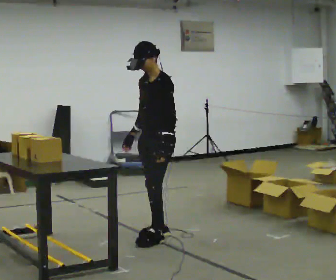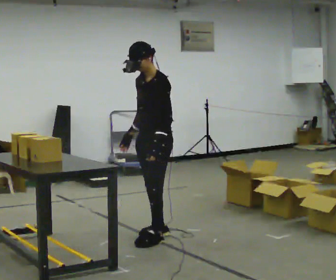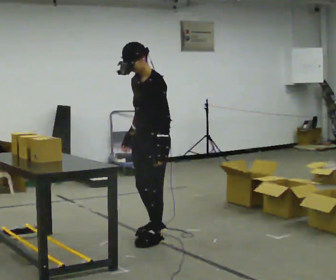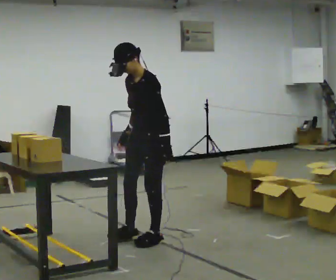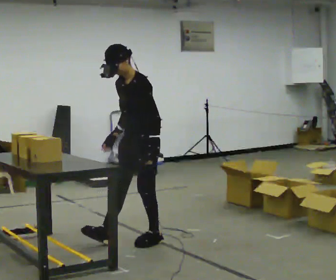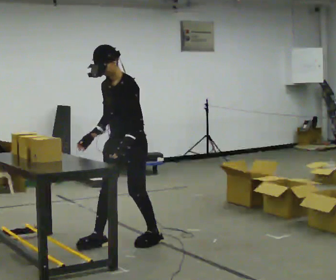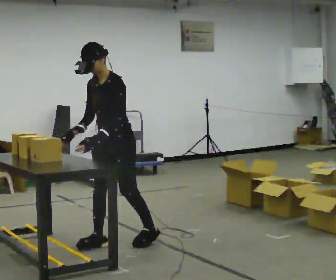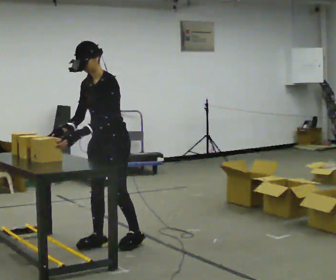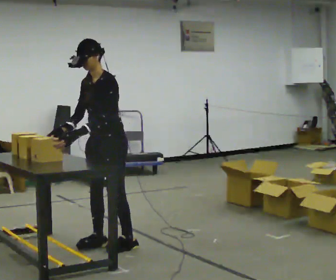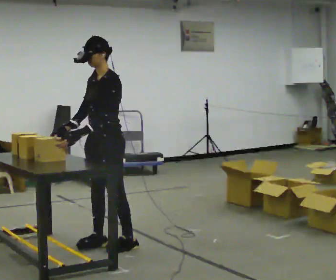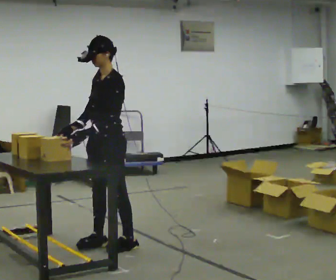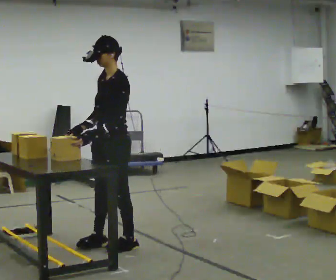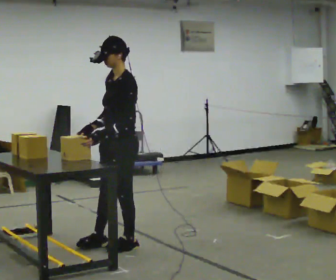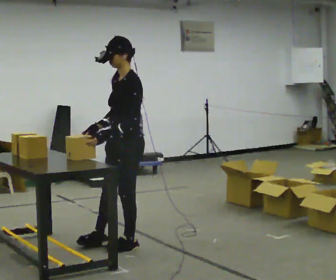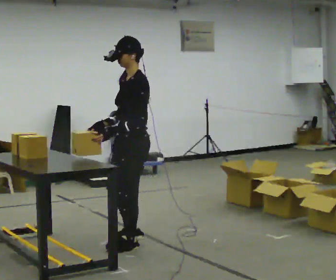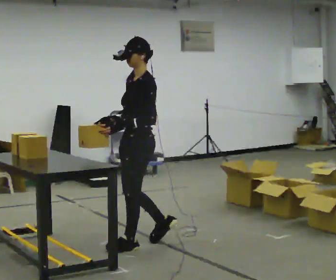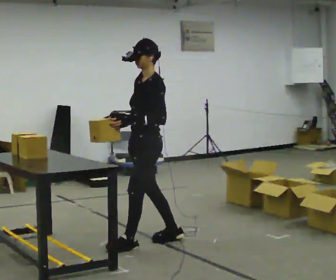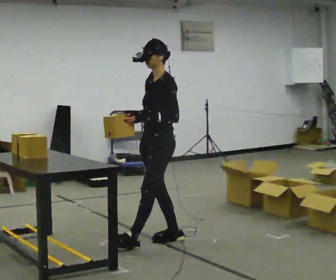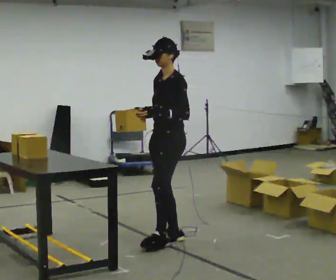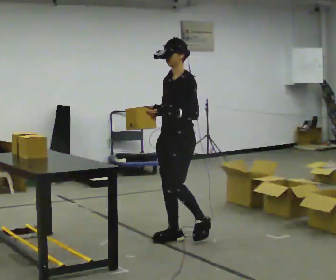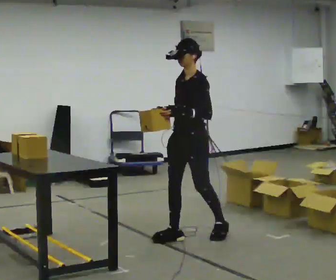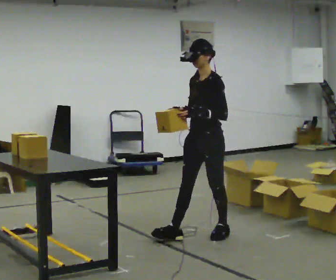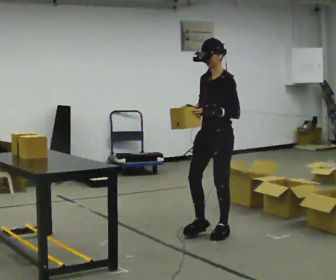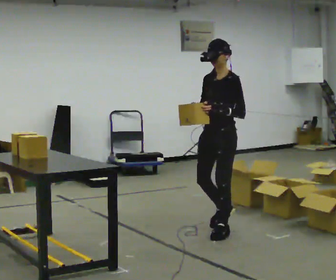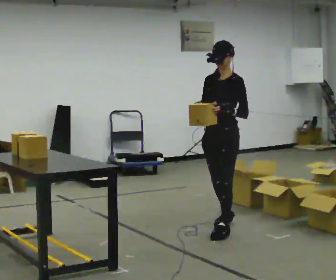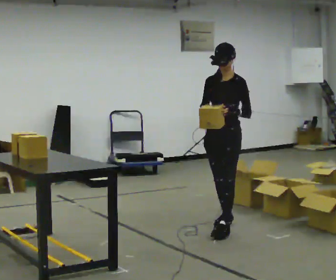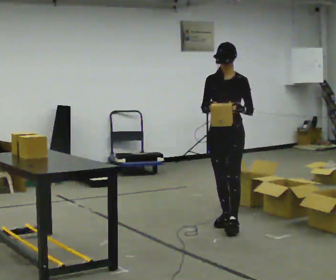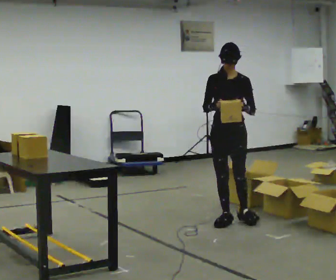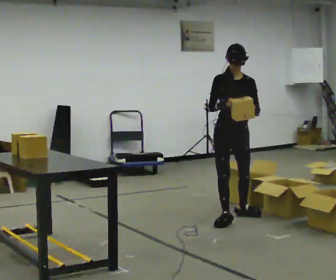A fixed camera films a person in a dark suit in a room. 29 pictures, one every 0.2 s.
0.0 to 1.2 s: In the picture they go to the left and toward the camera, about 0.5 m in 1 step, which for them is forward.
1.2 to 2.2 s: The person moves a little, or ends about where they began.
2.2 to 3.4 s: In the picture they go to the right, about 0.25 m in 1 step, which for them is backward.
3.4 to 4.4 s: In the picture they go to the right, about 0.5 m in 2 steps, which for them is backward.
4.4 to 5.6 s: Seen from above the body turns counterclockwise, about 60 degrees: to their left, with its near side sliding to the right. In the picture they go away from the camera, about 0.5 m in 1 step, which for them is backward and to their right.
The film runs backward here.
